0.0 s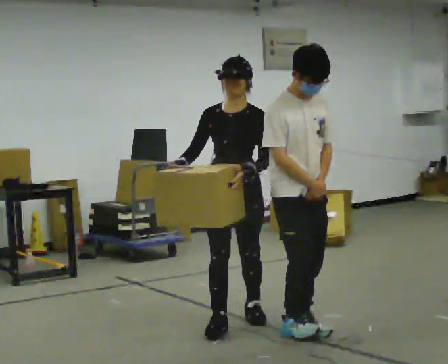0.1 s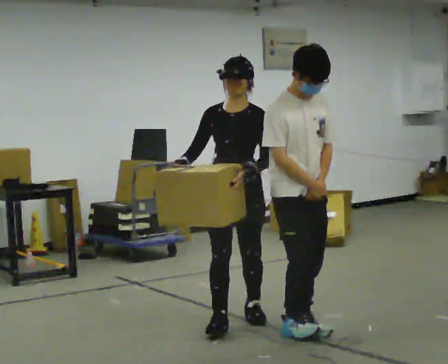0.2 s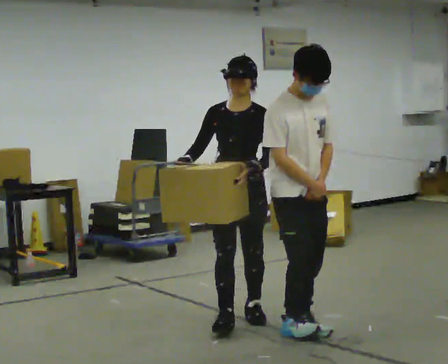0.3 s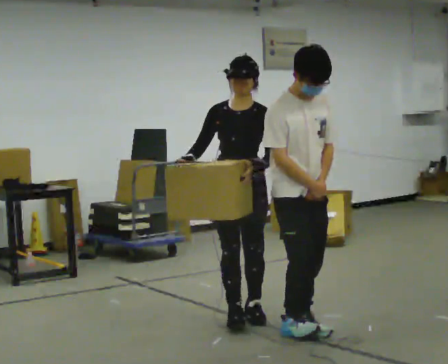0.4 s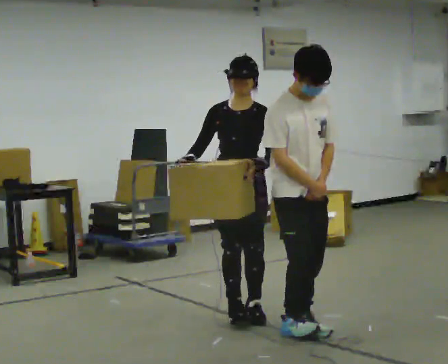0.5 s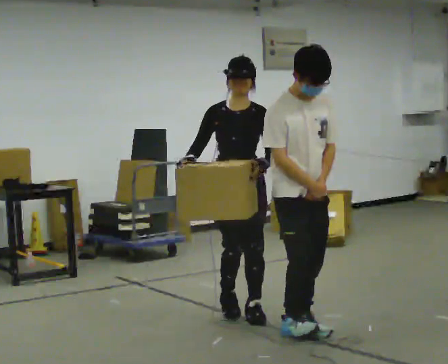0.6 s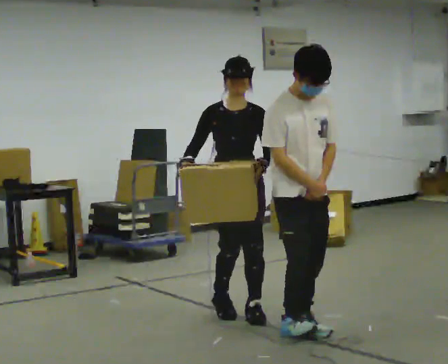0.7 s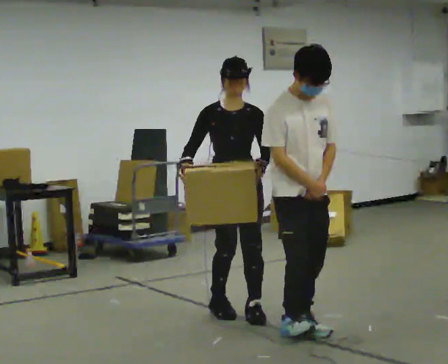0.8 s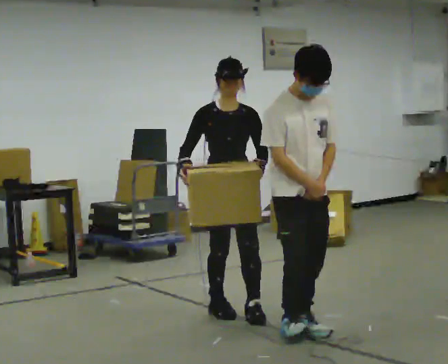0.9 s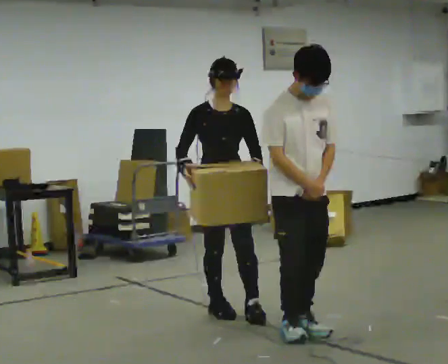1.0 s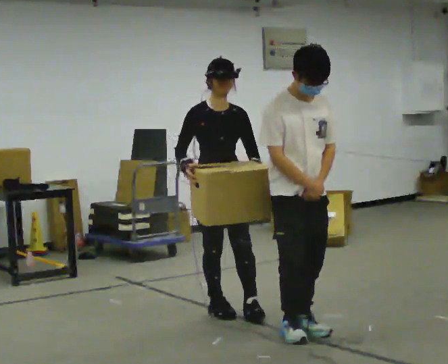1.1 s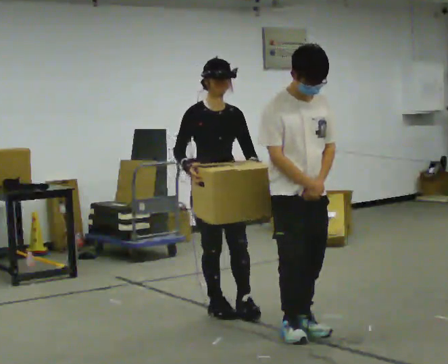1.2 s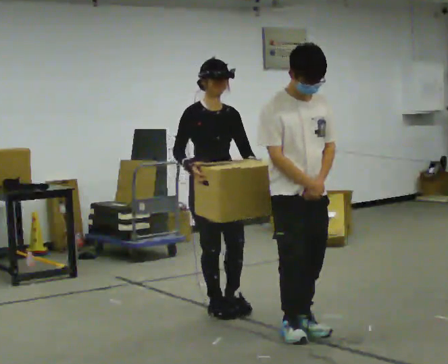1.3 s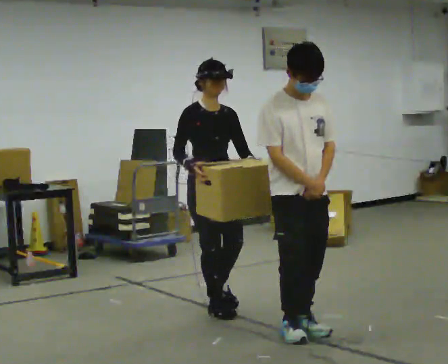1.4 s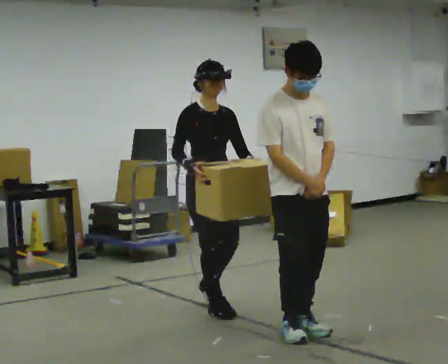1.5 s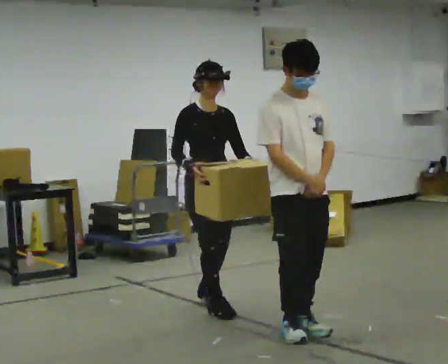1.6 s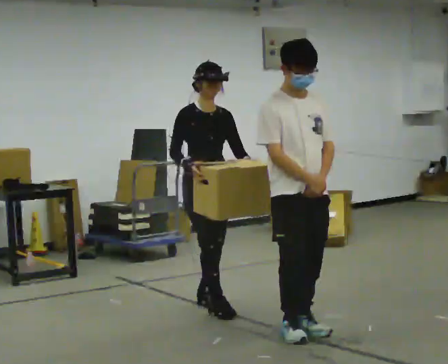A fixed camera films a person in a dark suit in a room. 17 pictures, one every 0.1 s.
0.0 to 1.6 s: Seen from above the body turns counterclockwise, about 45 degrees: to their left, with its near side sliding to the right. In the picture they go away from the camera, about 0.5 m in 2 steps, which for them is backward.
The film runs backward here.
